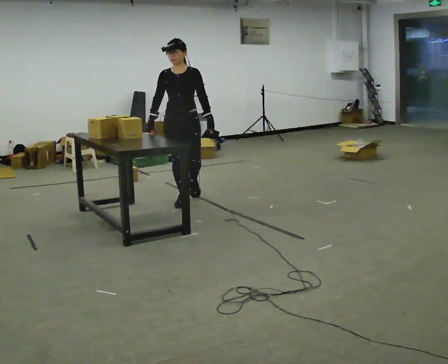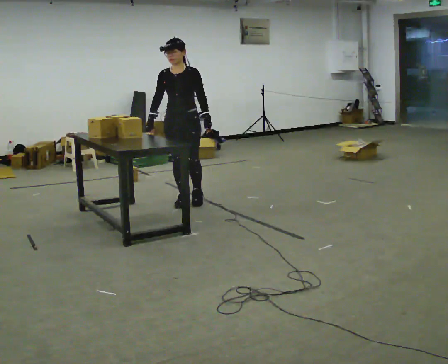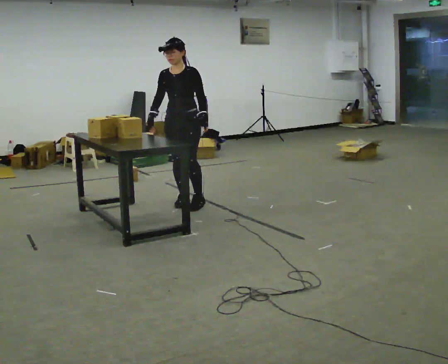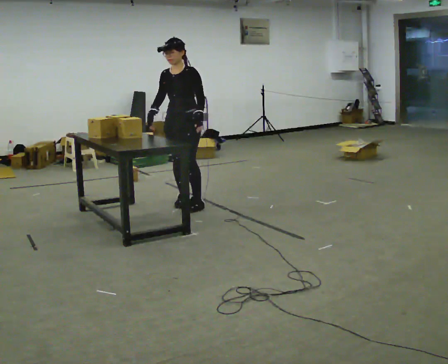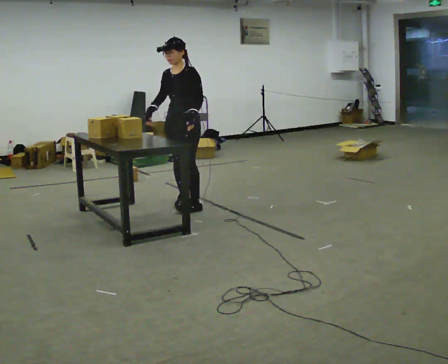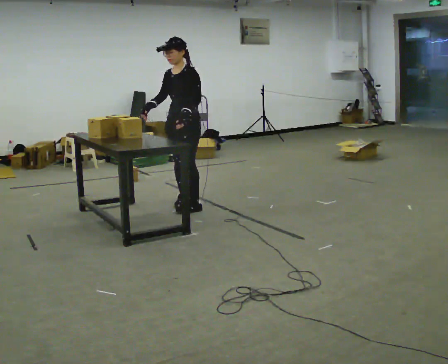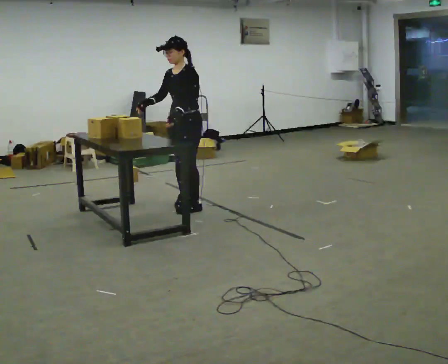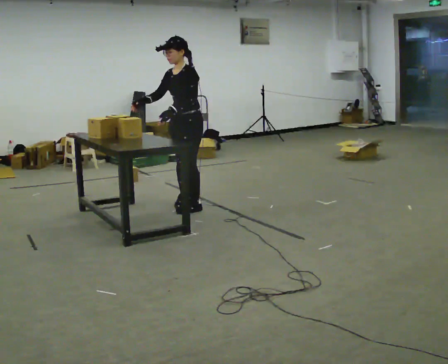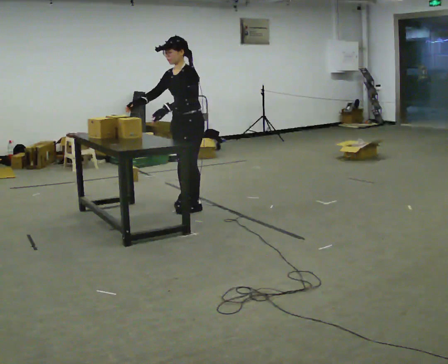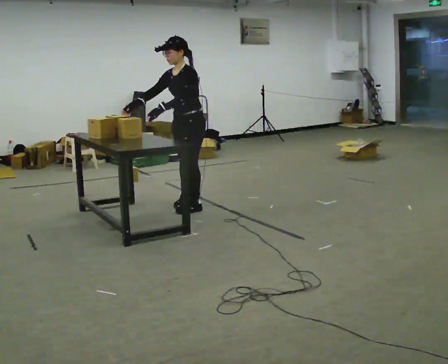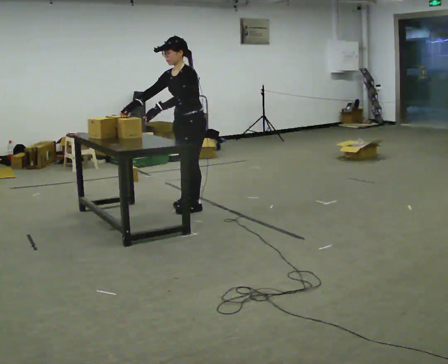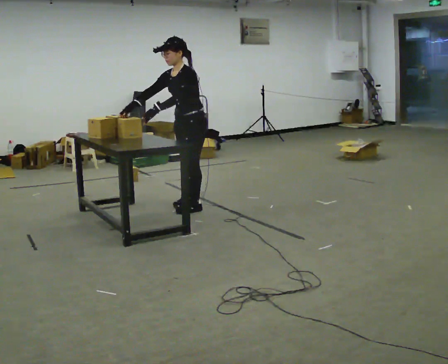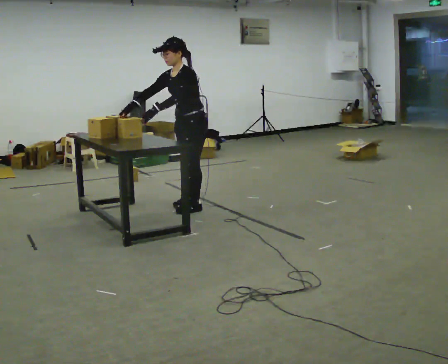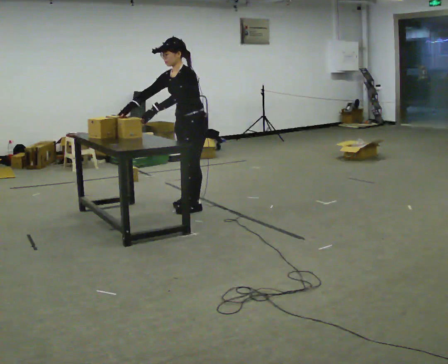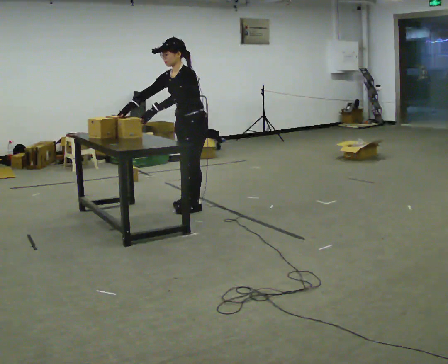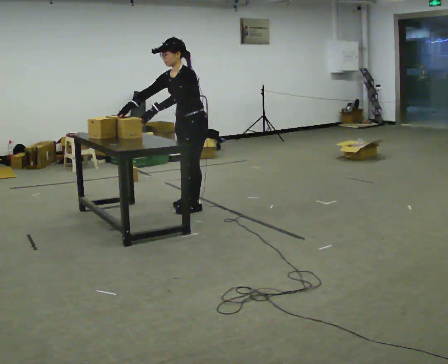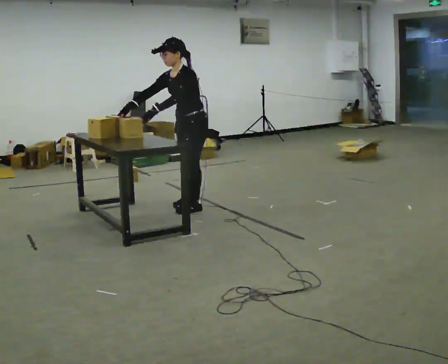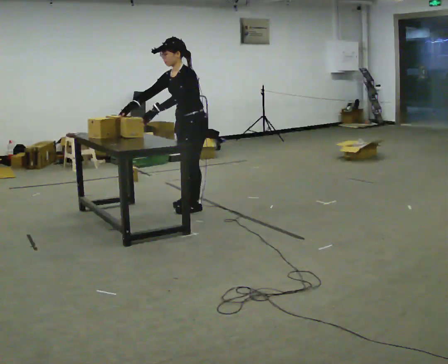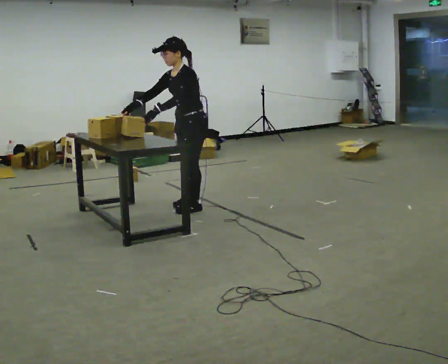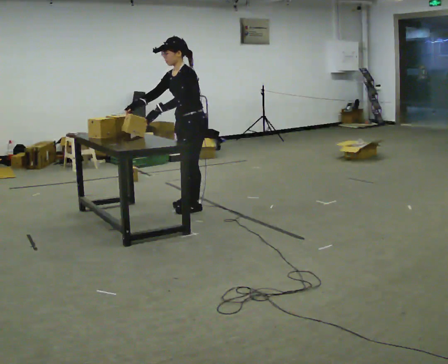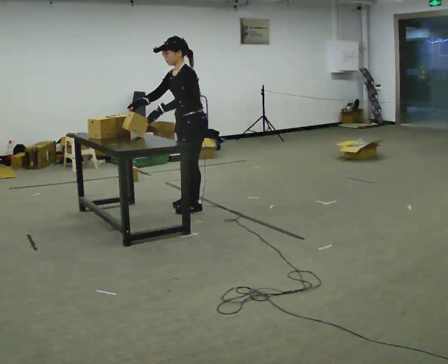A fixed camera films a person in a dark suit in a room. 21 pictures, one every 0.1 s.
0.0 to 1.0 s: The person turns about 60 degrees to their right, clockwise seen from above, so the part of the body nearest the lens slides to the left. In the picture they go toward the camera, about 0.25 m in 1 step, which for them is to their left.
1.0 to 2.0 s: The person moves a little, or ends about where they began.
The film runs forward here.
